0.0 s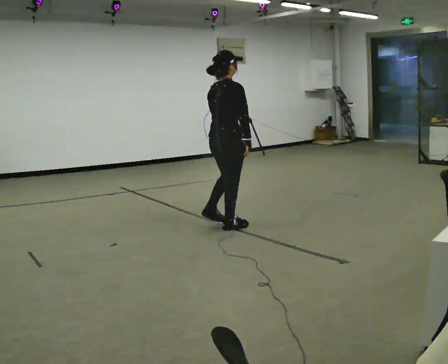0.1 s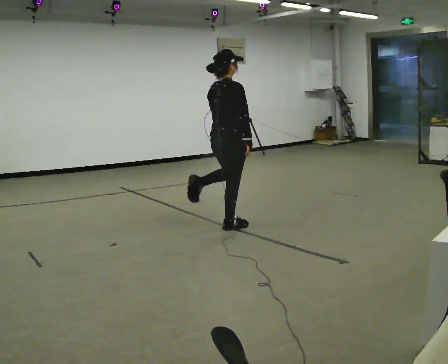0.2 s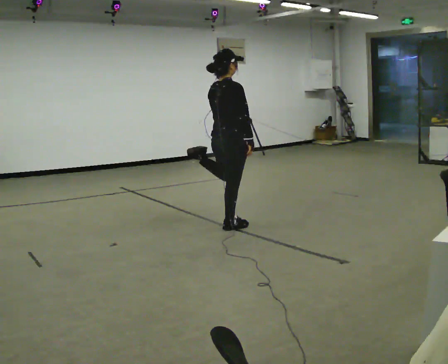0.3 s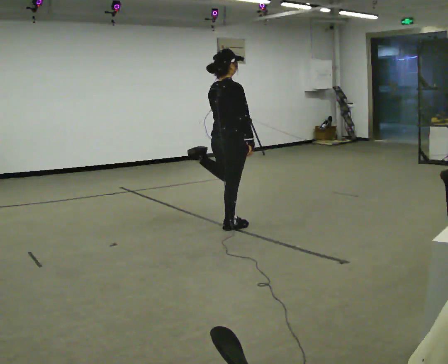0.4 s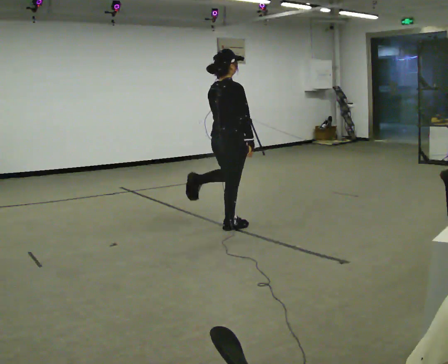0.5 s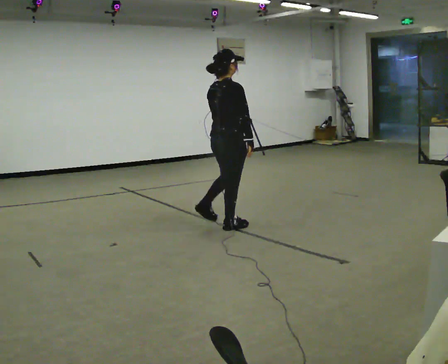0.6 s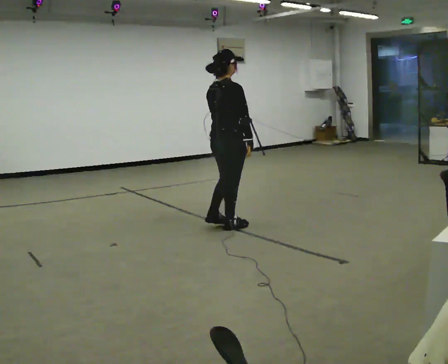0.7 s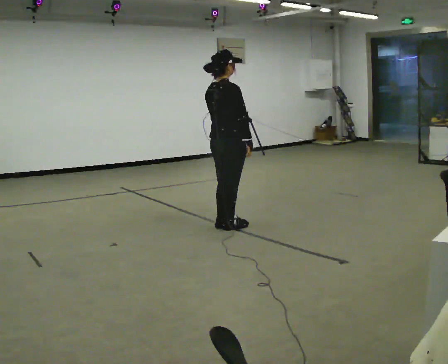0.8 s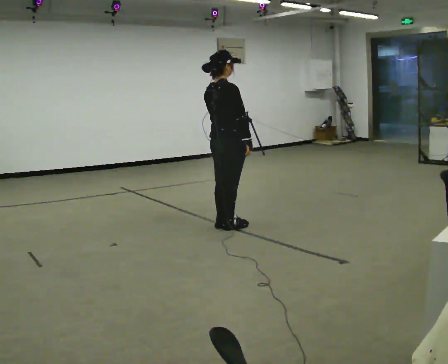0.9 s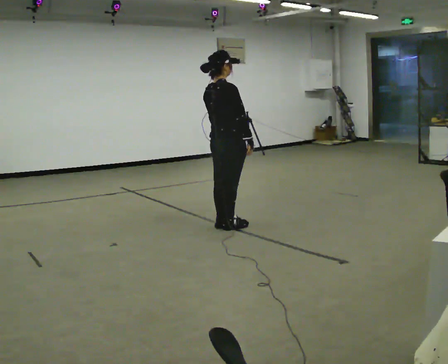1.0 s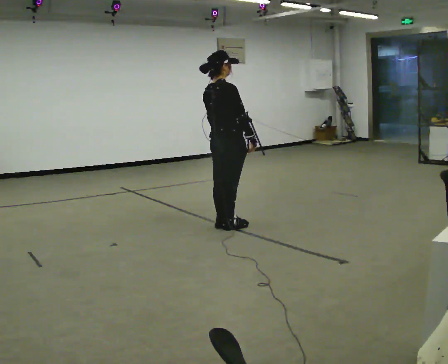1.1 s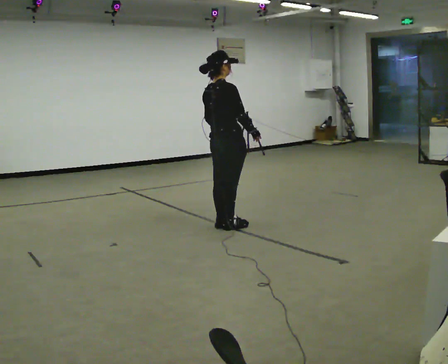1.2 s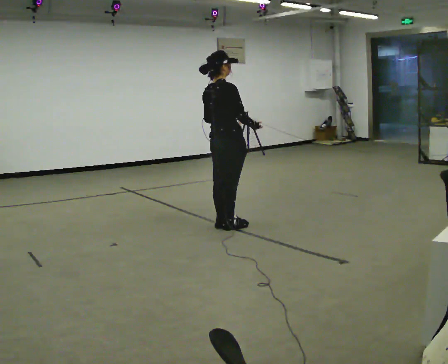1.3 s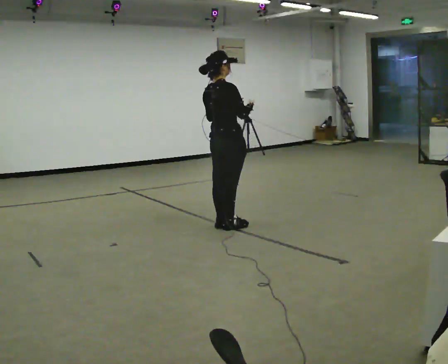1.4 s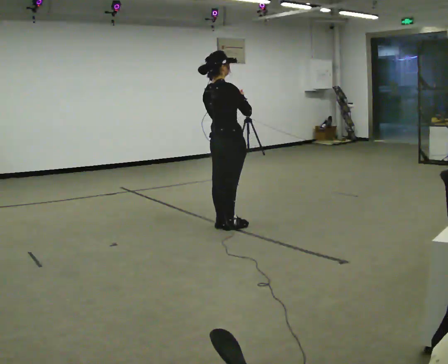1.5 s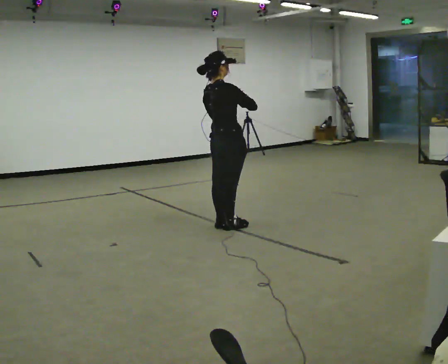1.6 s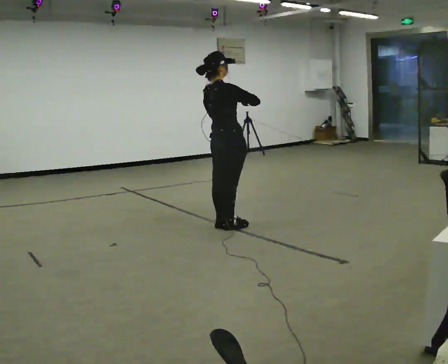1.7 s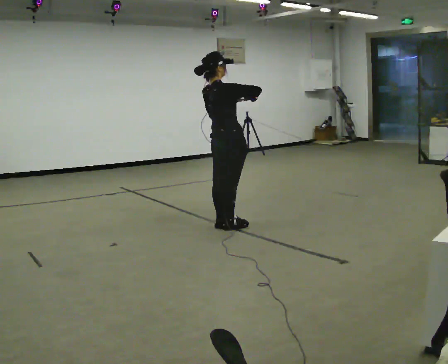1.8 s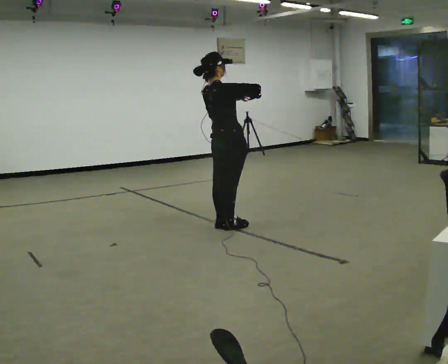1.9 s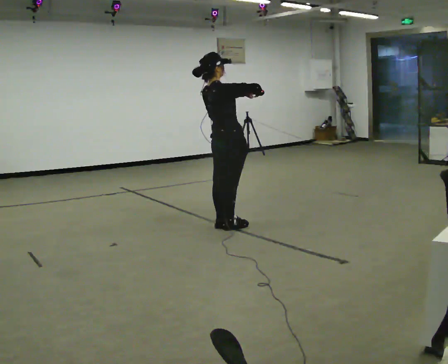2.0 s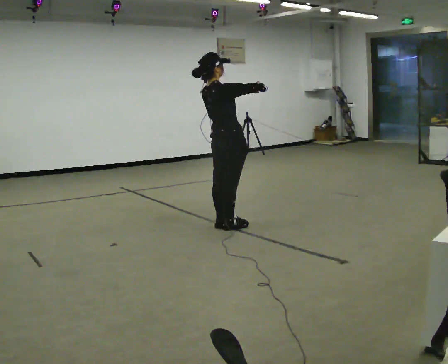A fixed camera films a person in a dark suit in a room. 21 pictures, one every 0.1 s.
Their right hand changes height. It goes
upward.
Their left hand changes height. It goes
upward.
0.0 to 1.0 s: The person moves a little, or ends about where they began.
1.0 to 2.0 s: In the picture their right hand goes upward.
The film runs forward here.
